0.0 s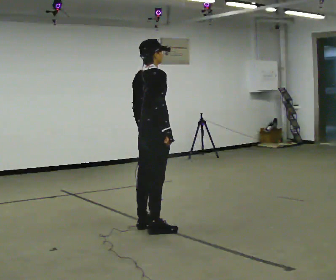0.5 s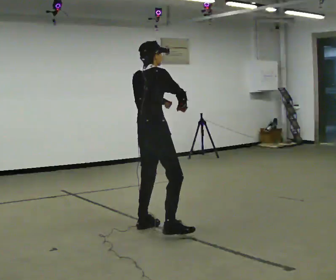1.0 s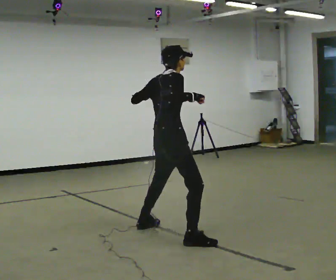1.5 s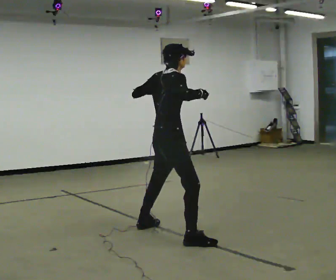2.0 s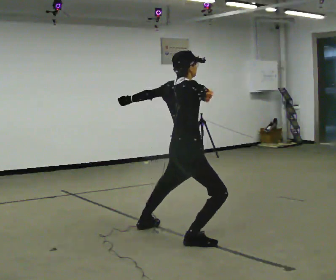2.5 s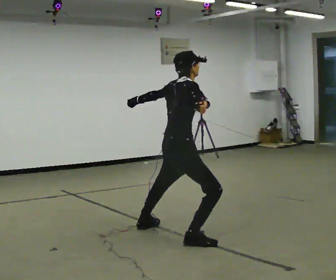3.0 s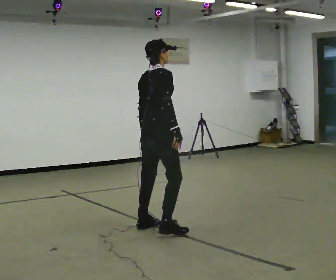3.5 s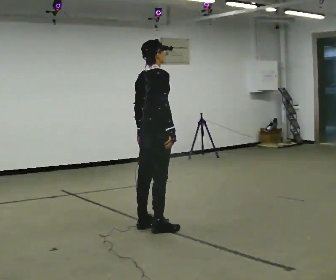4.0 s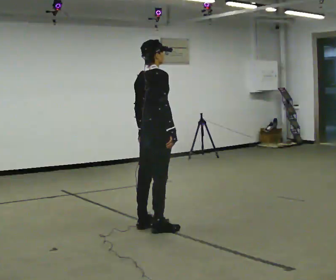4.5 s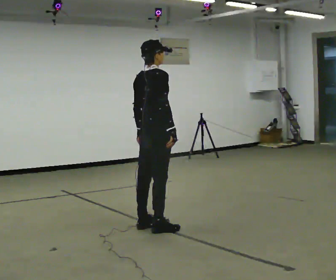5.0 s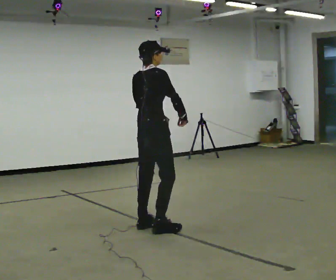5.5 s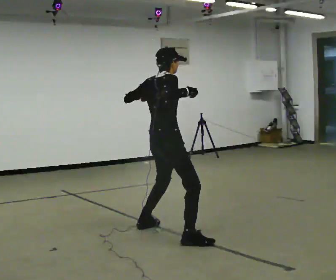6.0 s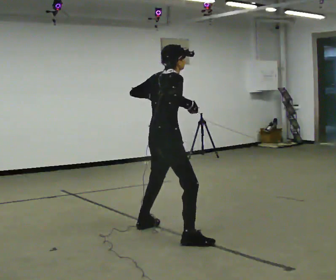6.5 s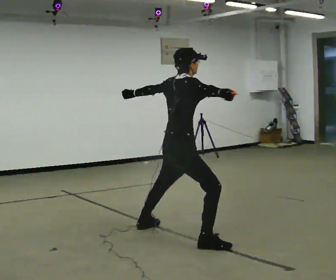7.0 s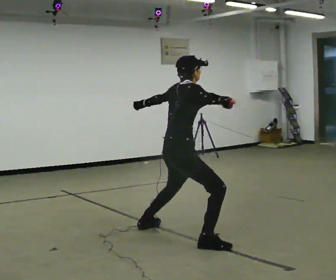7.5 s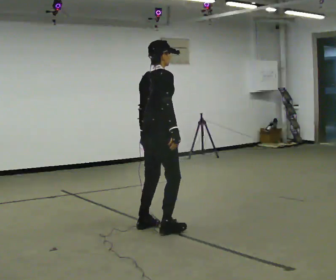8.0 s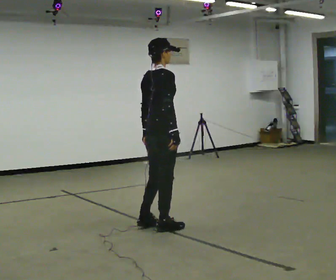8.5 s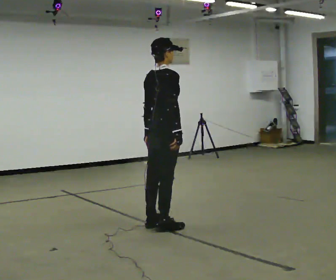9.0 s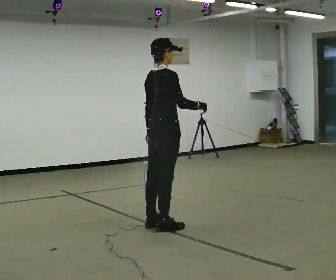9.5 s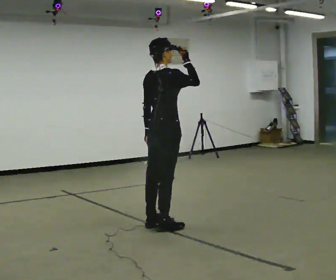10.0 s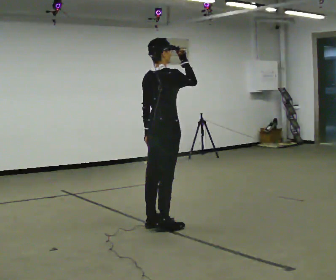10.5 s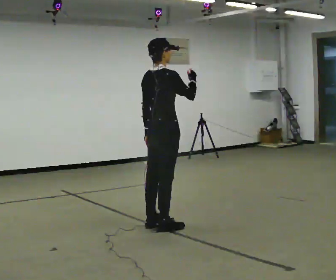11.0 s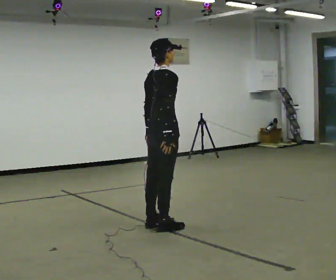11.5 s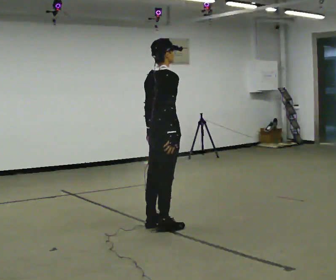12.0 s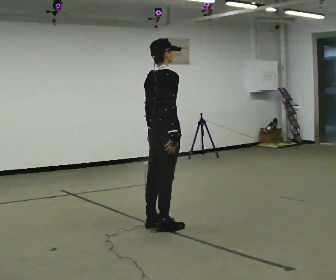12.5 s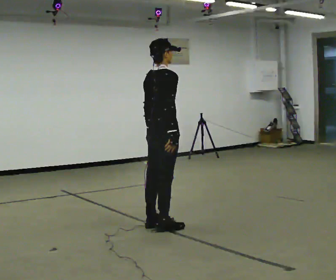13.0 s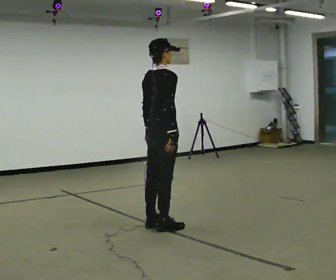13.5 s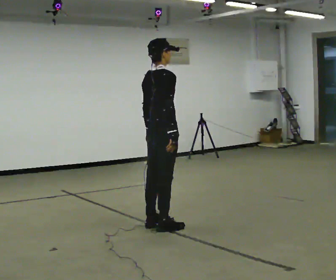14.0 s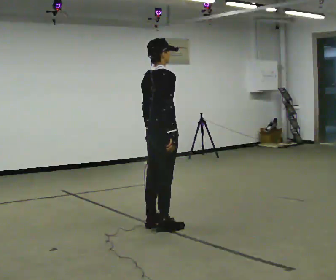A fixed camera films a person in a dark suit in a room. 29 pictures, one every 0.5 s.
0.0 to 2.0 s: In the picture they go toward the camera and to the right, about 0.5 m in 1 step, which for them is to their right. In the picture their right hand goes upward.
2.0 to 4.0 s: In the picture they go away from the camera and to the left, about 0.5 m in 1 step, which for them is to their left. In the picture their right hand goes downward.
4.0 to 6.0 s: In the picture they go toward the camera, about 0.25 m in 1 step, which for them is to their right. In the picture their left hand goes upward.
6.0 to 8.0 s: In the picture they go away from the camera, about 0.25 m in 2 steps, which for them is to their left. In the picture their left hand goes downward.
8.0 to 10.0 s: In the picture their right hand goes upward.
10.0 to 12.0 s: In the picture their right hand goes downward.
12.0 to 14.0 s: The person keeps their place and pose.
The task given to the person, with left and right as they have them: Dance freely at a fast tempo as if to upbeat music; keep moving continuously.
The film runs forward here.
